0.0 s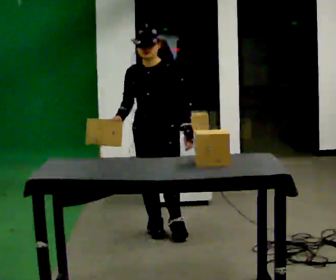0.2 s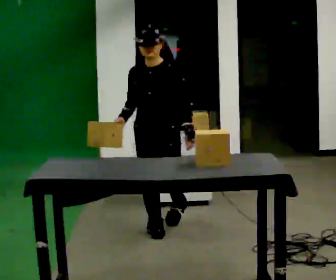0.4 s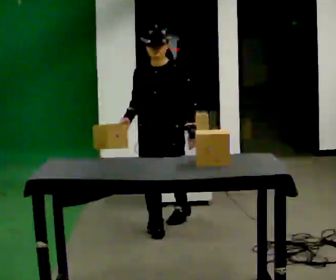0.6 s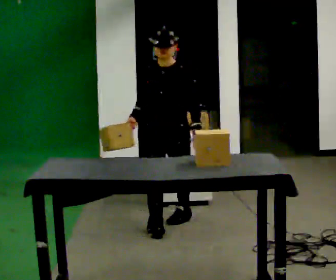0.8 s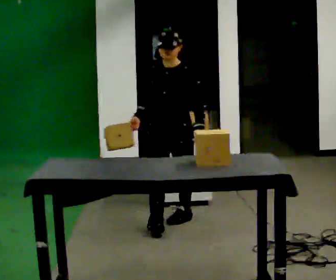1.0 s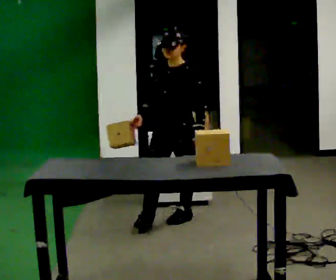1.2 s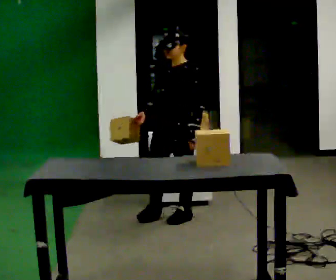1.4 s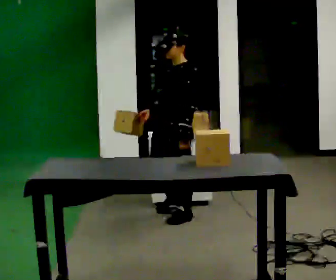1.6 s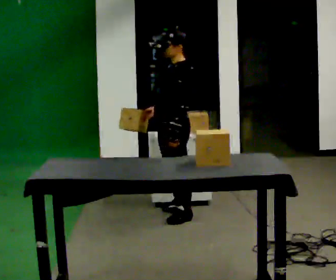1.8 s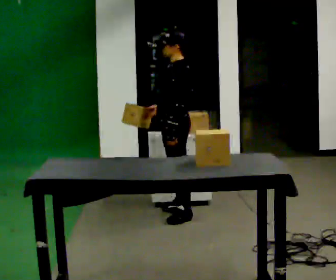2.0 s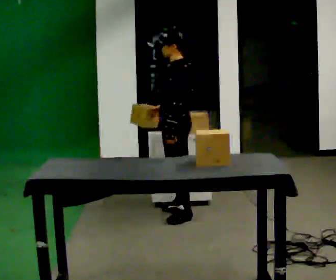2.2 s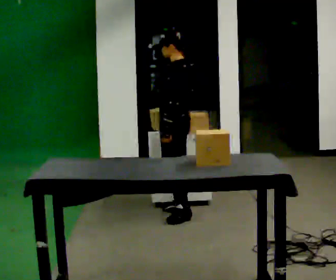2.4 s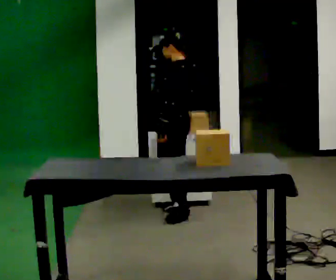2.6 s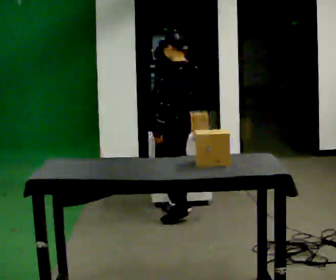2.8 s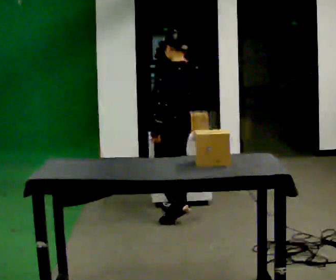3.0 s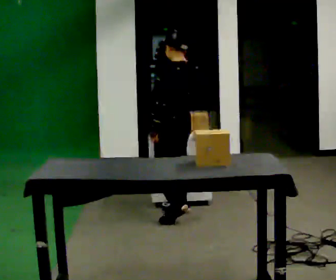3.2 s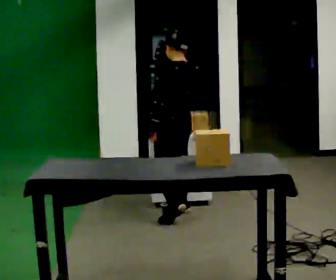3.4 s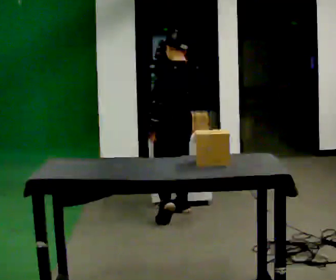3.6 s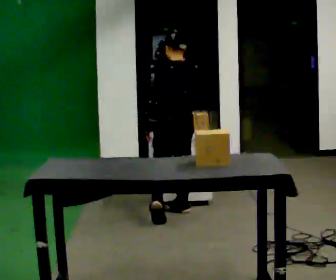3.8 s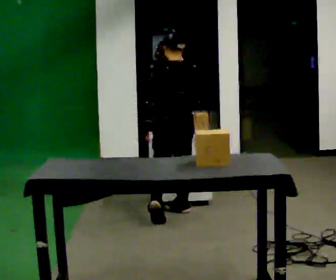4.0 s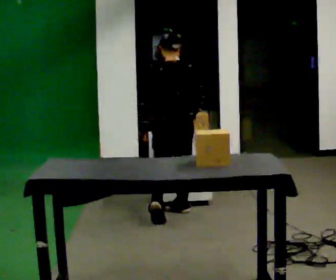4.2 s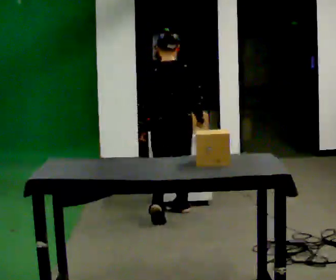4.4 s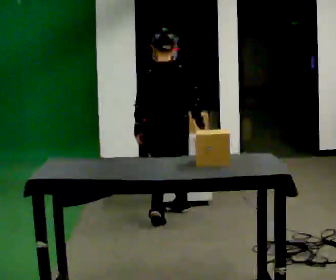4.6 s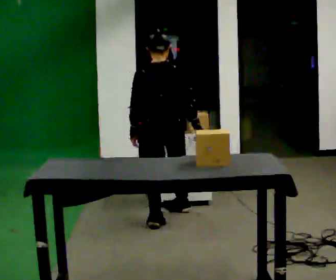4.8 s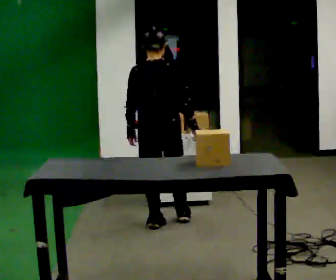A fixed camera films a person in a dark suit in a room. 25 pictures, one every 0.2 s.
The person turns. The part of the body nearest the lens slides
to the left.
The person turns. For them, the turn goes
to their right.
0.0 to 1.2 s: The part of the body nearest the lens slides to the left as the person turns to their right by about 30 degrees. In the picture they go away from the camera, about 0.5 m in 1 step, which for them is backward.
1.2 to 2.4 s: The person turns about 60 degrees to their right, clockwise seen from above, so the part of the body nearest the lens slides to the left. In the picture they go away from the camera, about 0.25 m.
2.4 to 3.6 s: The part of the body nearest the lens slides to the left as the person turns to their right by about 30 degrees.
3.6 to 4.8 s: The part of the body nearest the lens slides to the left as the person turns to their right by about 45 degrees. In the picture they go toward the camera, about 0.25 m in 1 step, which for them is backward and to their left.
The film runs backward here.
